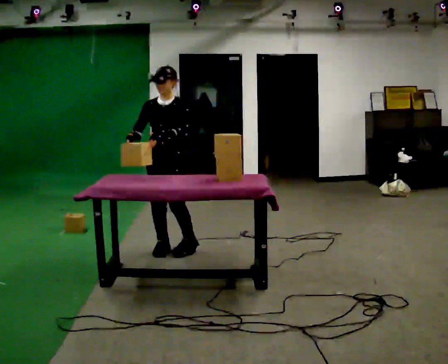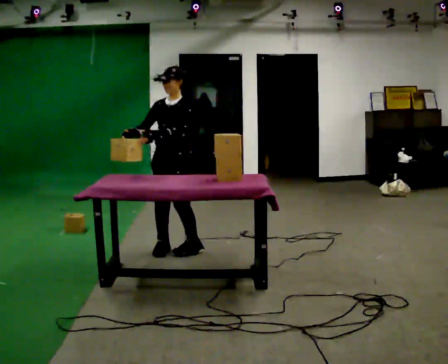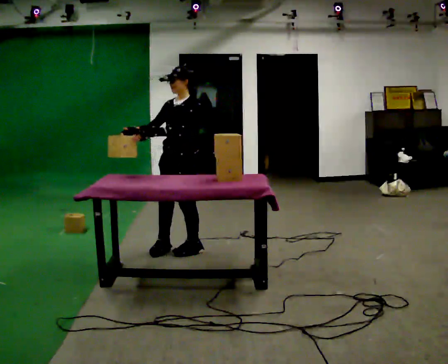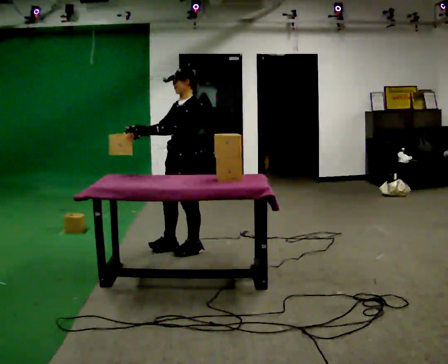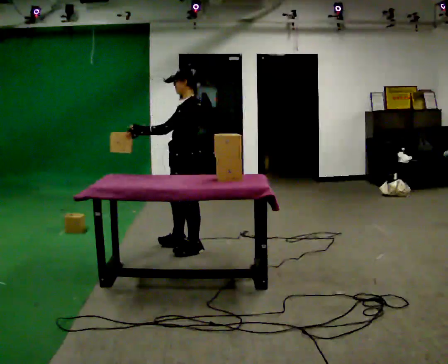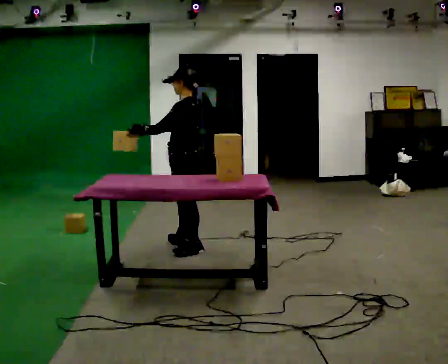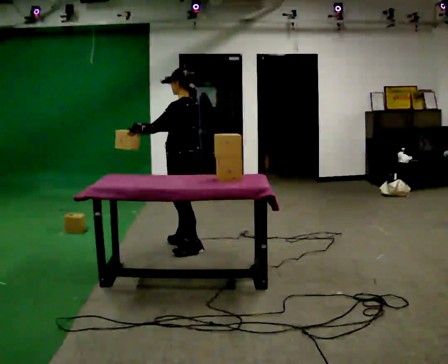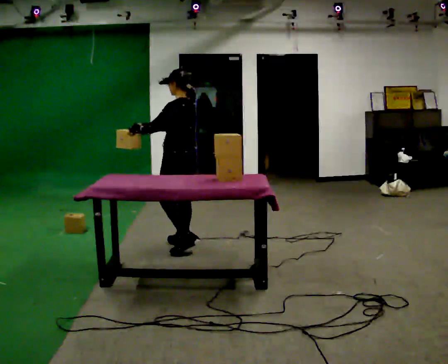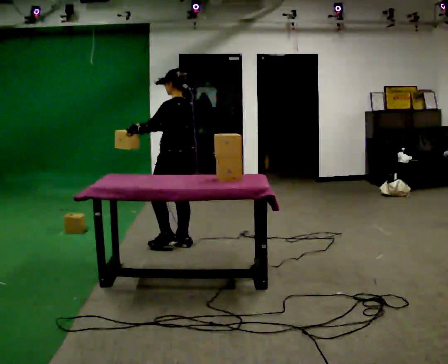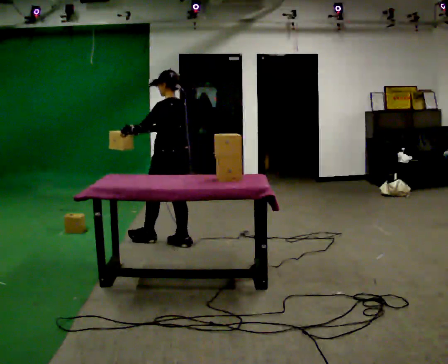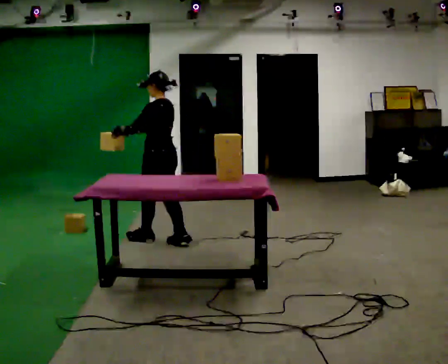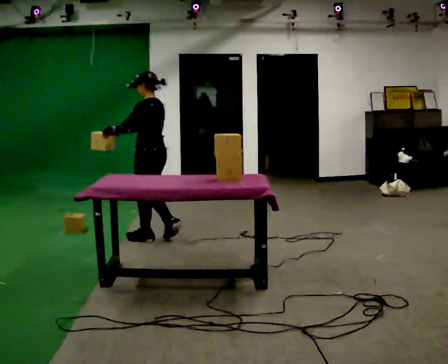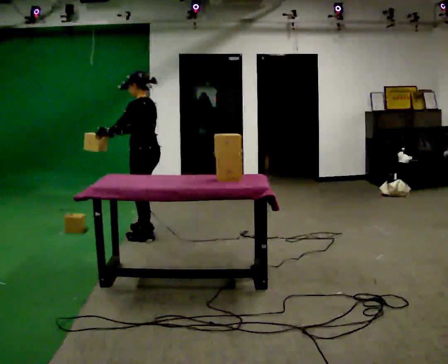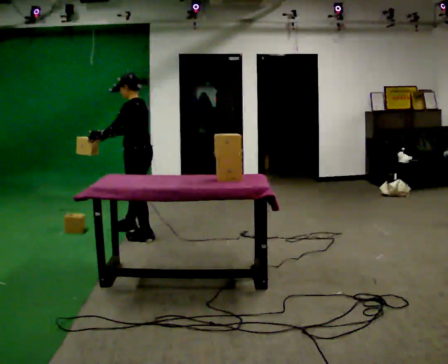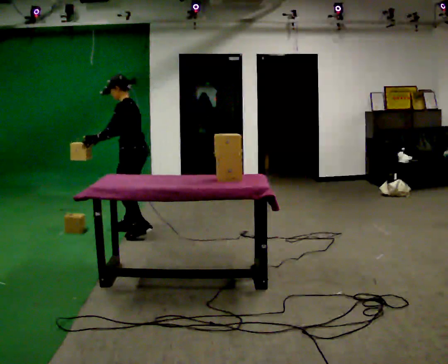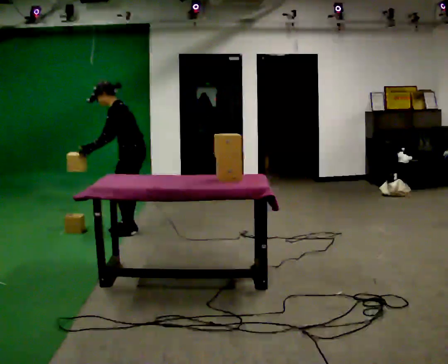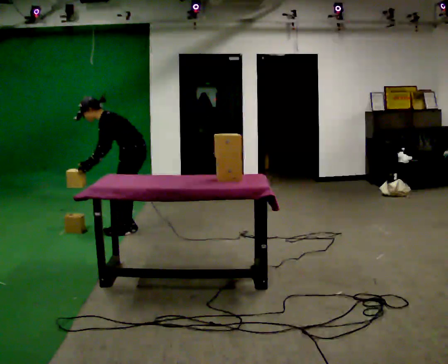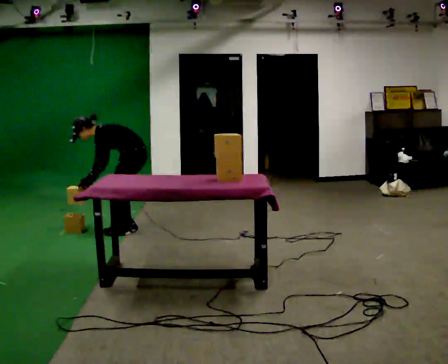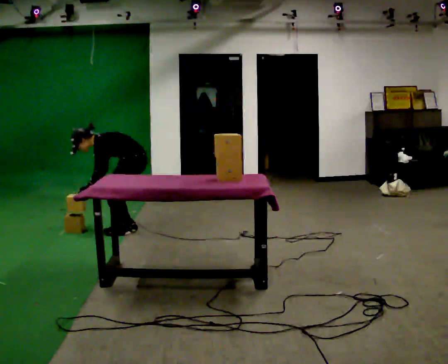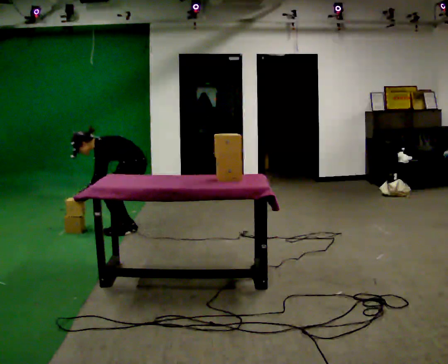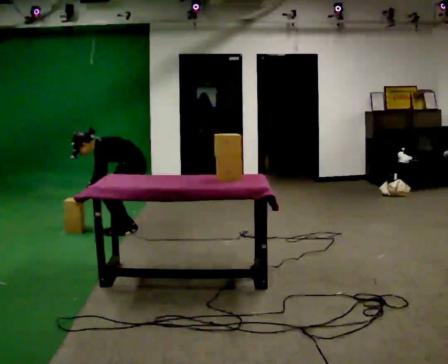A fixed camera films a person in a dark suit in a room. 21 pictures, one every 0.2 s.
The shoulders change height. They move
downward.
Their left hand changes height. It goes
downward.
0.0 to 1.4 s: The person turns about 90 degrees to their right, clockwise seen from above, so the part of the body nearest the lens slides to the left. In the picture they go away from the camera, about 0.25 m in 2 steps.
1.4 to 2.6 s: In the picture they go to the left and away from the camera, about 0.5 m in 2 steps, which for them is forward.
2.6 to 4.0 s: The upper body goes downward. In the picture the upper body tilts counterclockwise, shoulders to the left, as they bend forward. In the picture their left hand goes downward.
The film runs forward here.
